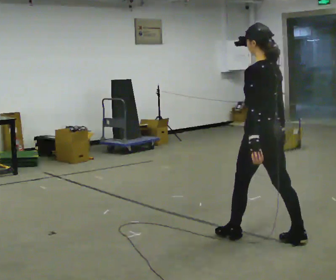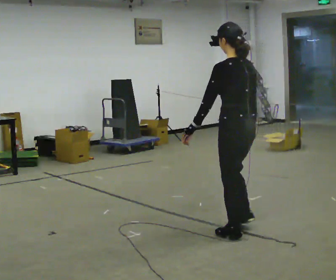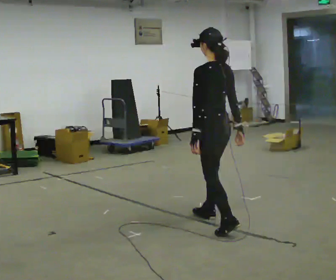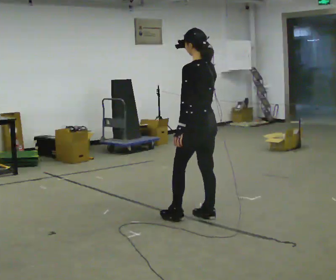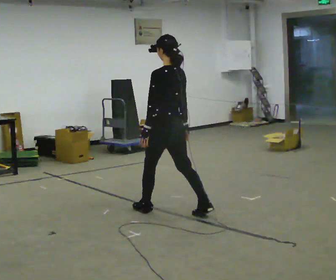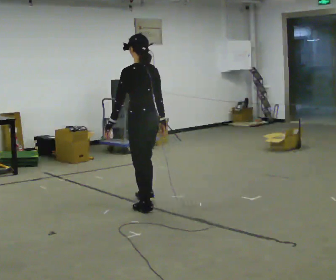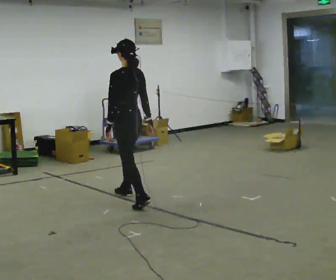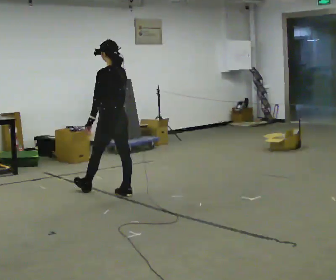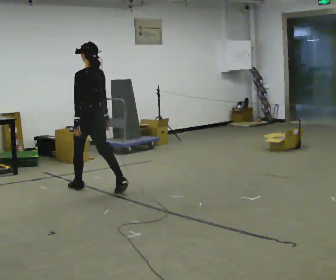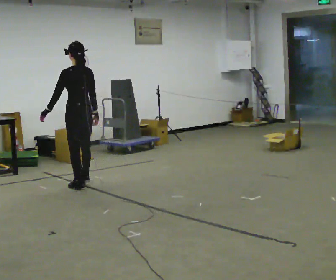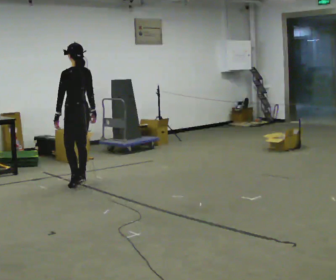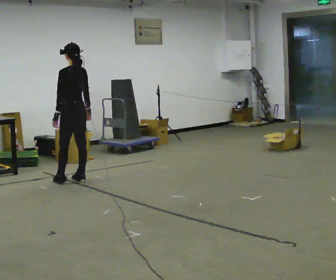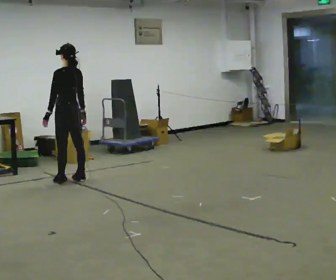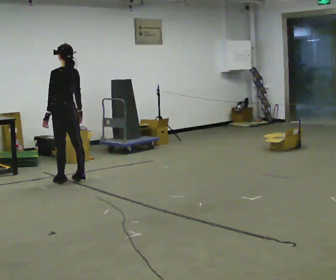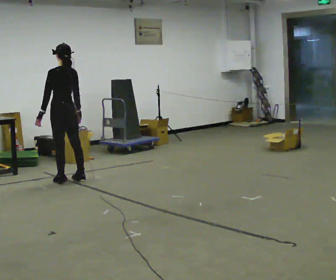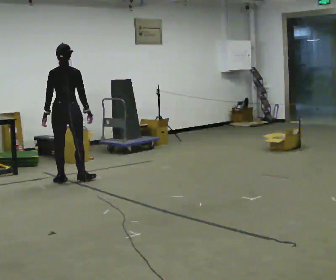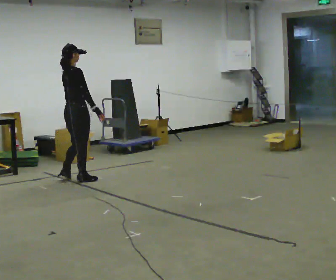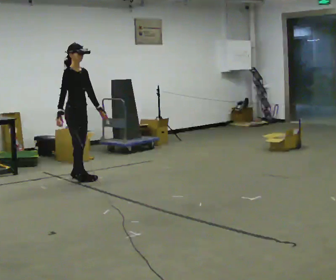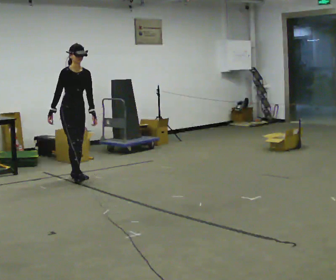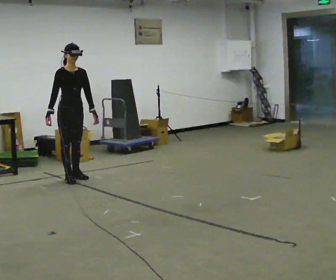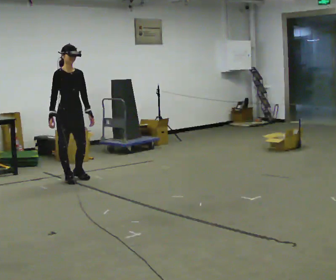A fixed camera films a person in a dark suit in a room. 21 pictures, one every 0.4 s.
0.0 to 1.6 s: In the picture they go away from the camera and to the left, about 1 m in 2 steps, which for them is forward.
1.6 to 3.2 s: In the picture they go away from the camera and to the left, about 1 m in 2 steps, which for them is forward.
3.2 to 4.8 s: In the picture they go away from the camera and to the left, about 0.5 m in 2 steps, which for them is forward.
4.8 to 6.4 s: The part of the body nearest the lens slides to the left as the person turns to their right by about 105 degrees.
6.4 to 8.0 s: Seen from above the body turns clockwise, about 75 degrees: to their right, with its near side sliding to the left. In the picture their right hand goes to the left.
The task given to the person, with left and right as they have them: Walk forward with your feet closer together than normal, or further apart than normal, as the operator states; stop.
The film runs forward here.
